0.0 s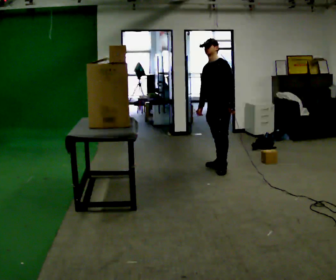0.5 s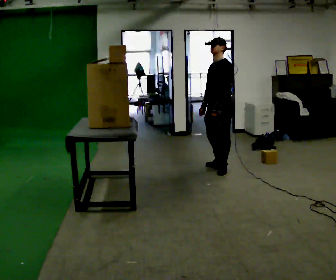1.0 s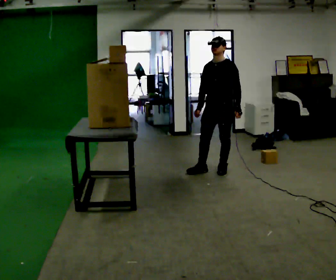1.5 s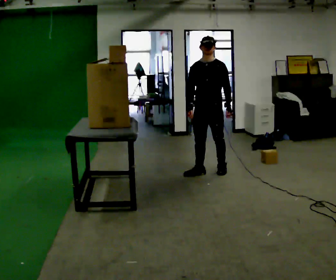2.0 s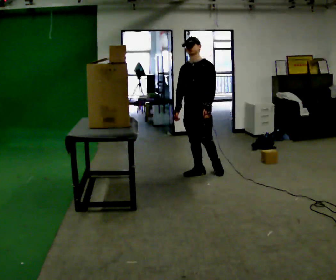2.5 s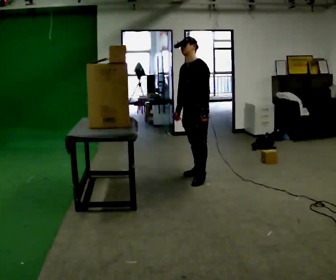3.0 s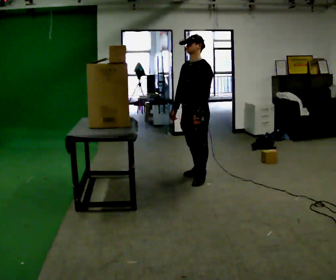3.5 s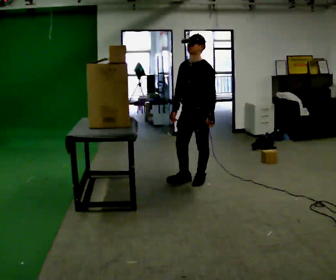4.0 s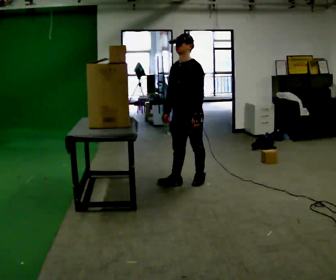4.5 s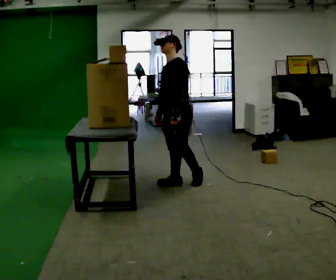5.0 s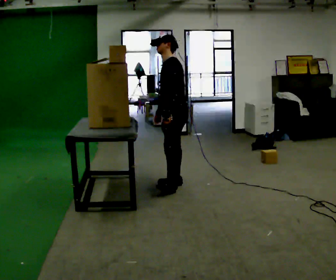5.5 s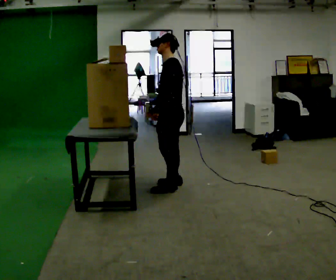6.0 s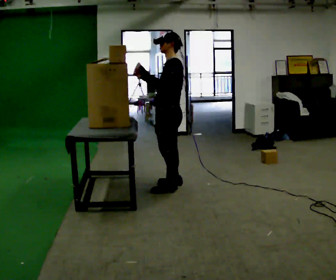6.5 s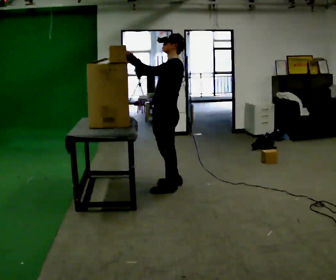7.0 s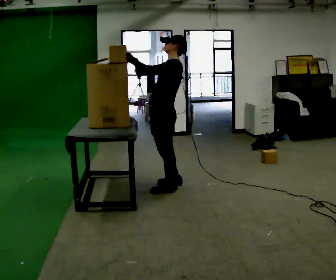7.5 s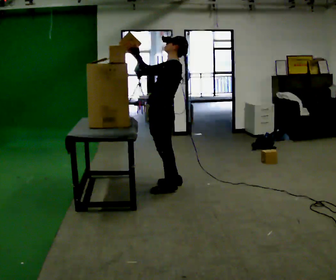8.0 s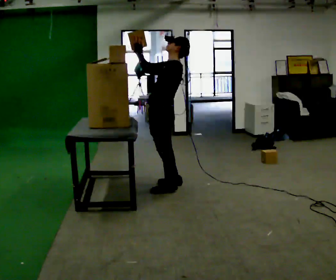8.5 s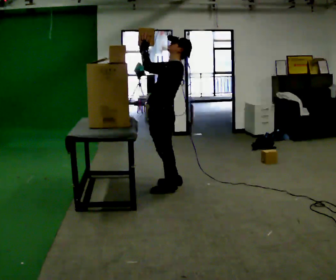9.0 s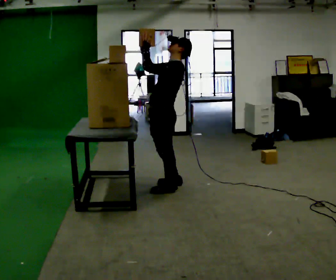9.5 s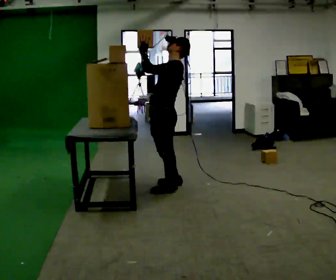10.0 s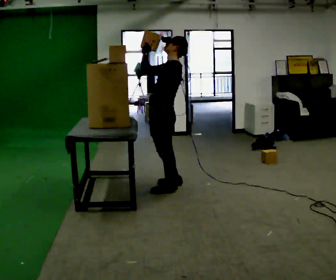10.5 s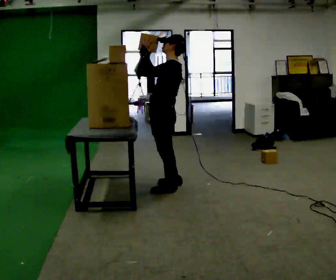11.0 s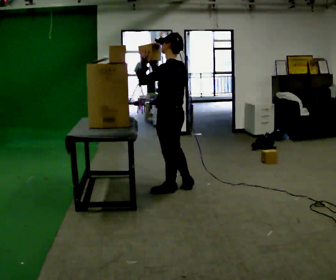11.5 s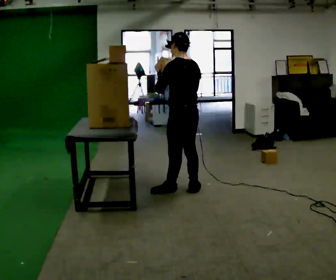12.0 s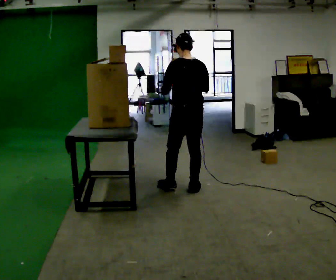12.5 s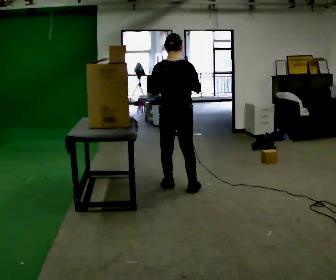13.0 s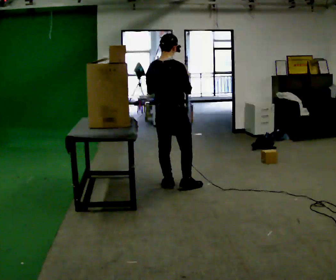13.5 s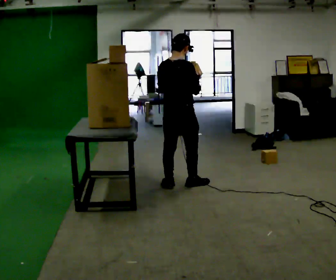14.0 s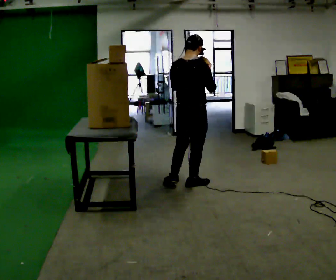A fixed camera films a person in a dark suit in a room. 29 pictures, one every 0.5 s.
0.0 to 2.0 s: In the picture they go to the left and toward the camera, about 0.5 m in 1 step, which for them is forward.
2.0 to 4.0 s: In the picture they go toward the camera, about 0.5 m in 2 steps, which for them is forward and to their left.
4.0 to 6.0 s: Seen from above the body turns clockwise, about 30 degrees: to their right, with its near side sliding to the left. In the picture they go to the left and toward the camera, about 0.25 m in 1 step, which for them is forward. In the picture their left hand goes upward.
6.0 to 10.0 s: The person moves a little, or ends about where they began.
10.0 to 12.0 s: The person turns about 75 degrees to their right, clockwise seen from above, so the part of the body nearest the lens slides to the left. In the picture they go to the right, about 0.25 m in 1 step. In the picture the upper body tilts counterclockwise, shoulders to the left.
12.0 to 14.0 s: Seen from above the body turns clockwise, about 45 degrees: to their right, with its near side sliding to the left.
The film runs forward here.
